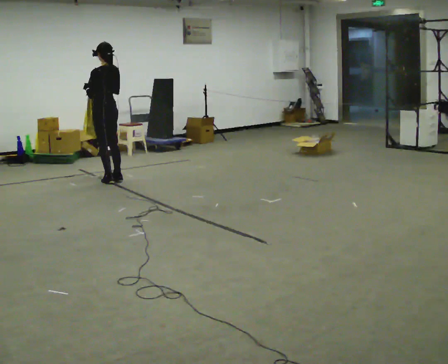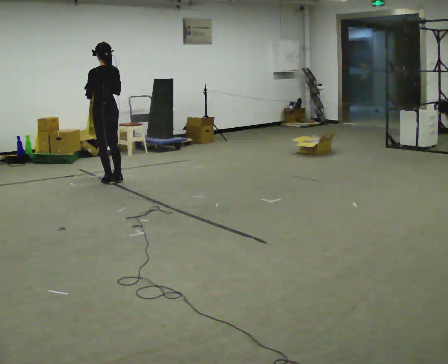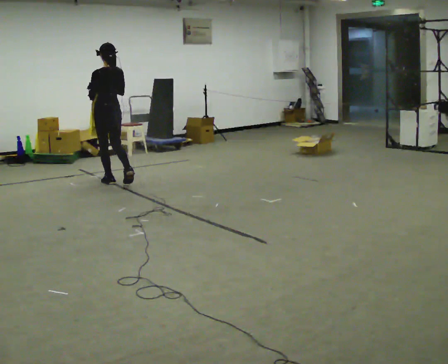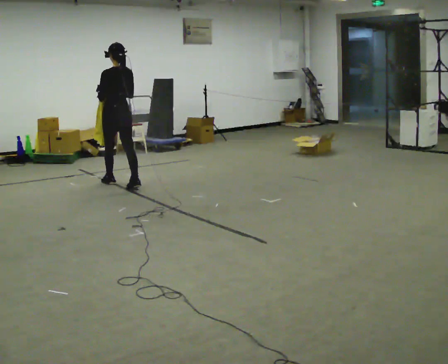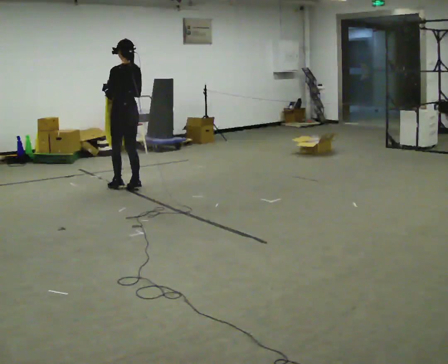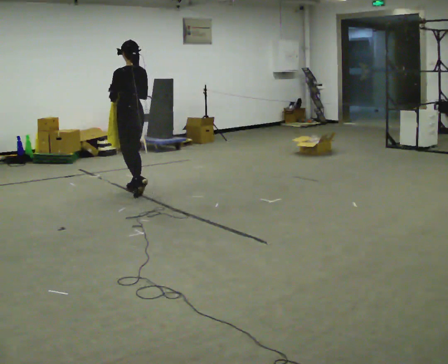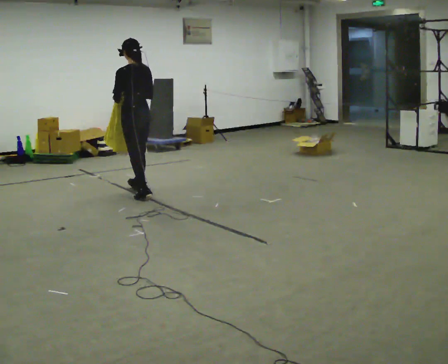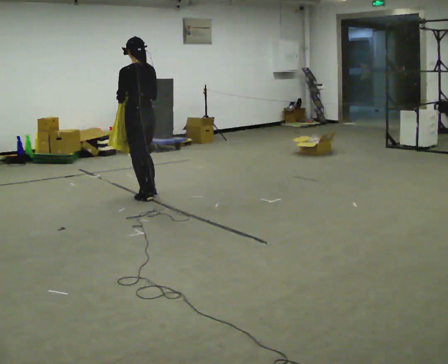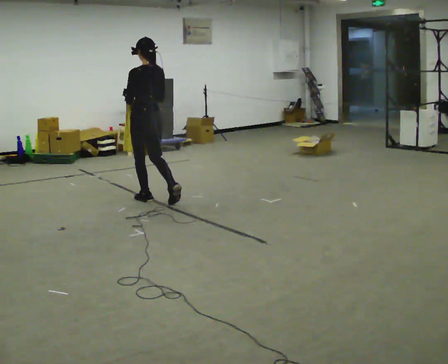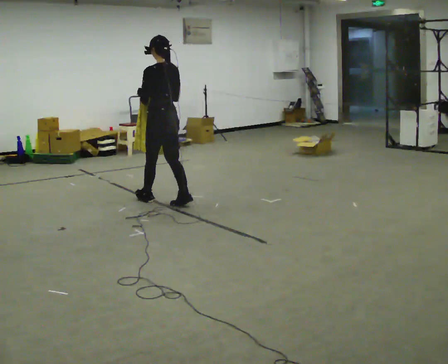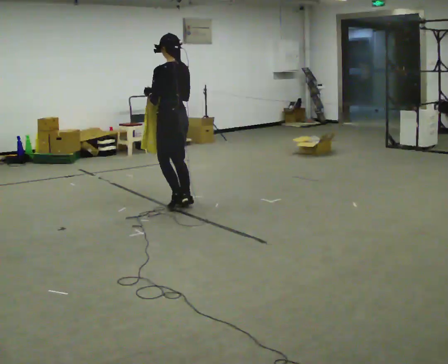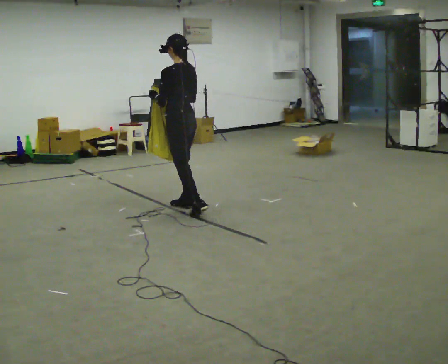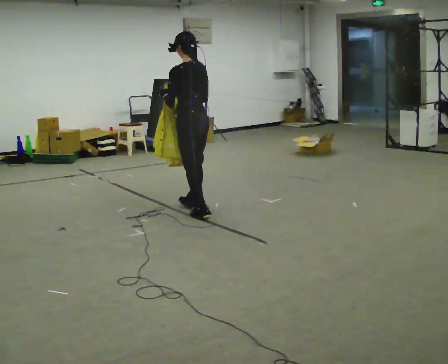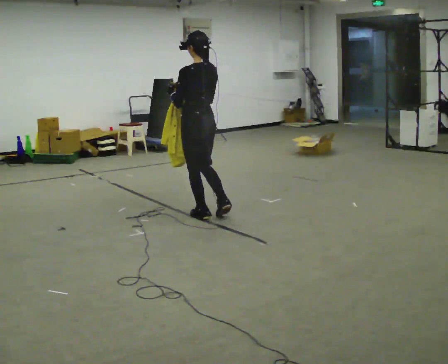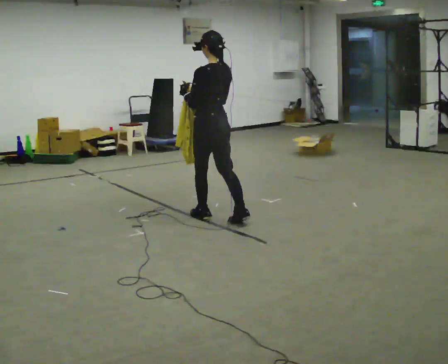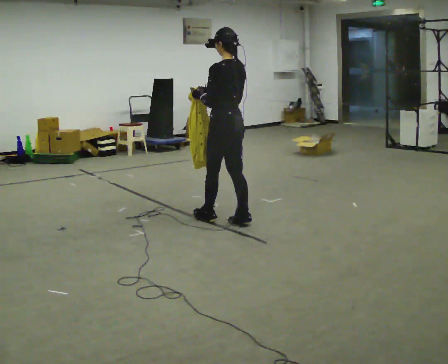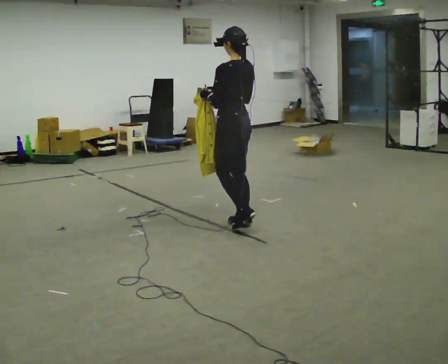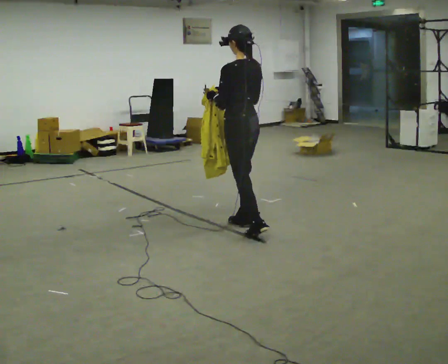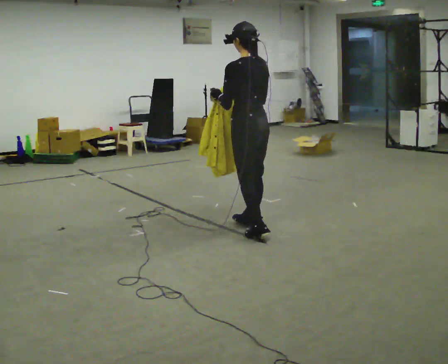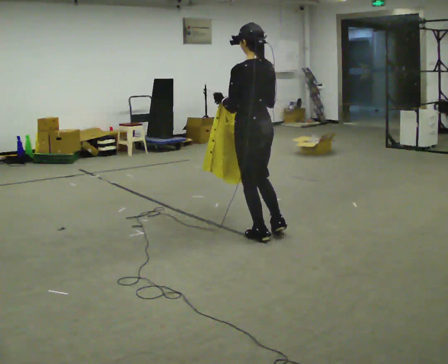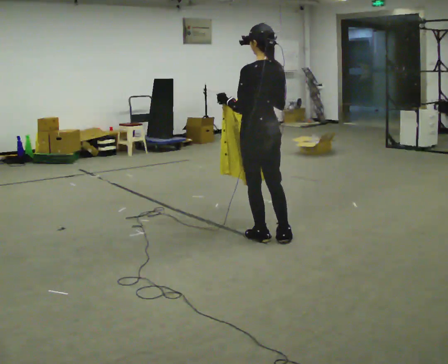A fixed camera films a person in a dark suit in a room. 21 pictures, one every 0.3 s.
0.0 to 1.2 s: In the picture they go toward the camera and to the right, about 0.5 m in 2 steps, which for them is backward.
1.2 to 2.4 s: In the picture they go toward the camera and to the right, about 0.5 m in 1 step, which for them is backward.
2.4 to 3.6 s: In the picture they go to the right and toward the camera, about 0.75 m in 2 steps, which for them is backward.
3.6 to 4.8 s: In the picture they go toward the camera and to the right, about 0.5 m in 1 step, which for them is backward.
4.8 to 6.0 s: In the picture they go toward the camera and to the right, about 0.5 m in 1 step, which for them is backward.
The film runs backward here.
